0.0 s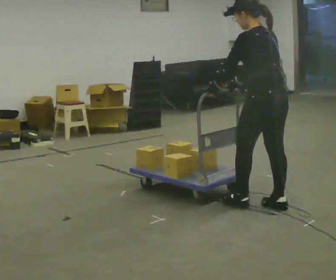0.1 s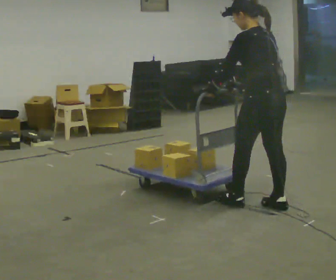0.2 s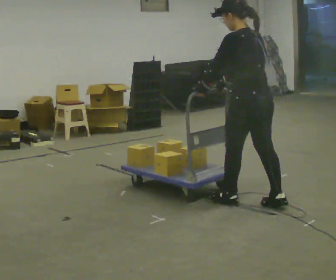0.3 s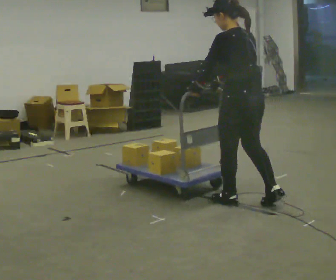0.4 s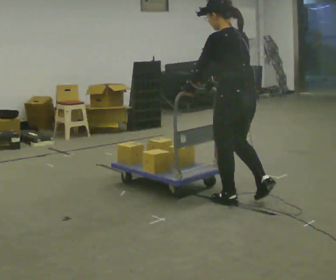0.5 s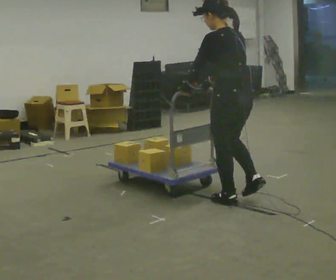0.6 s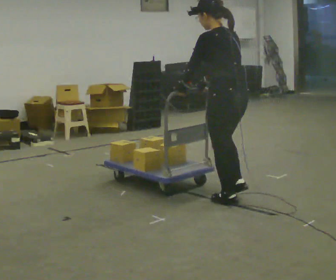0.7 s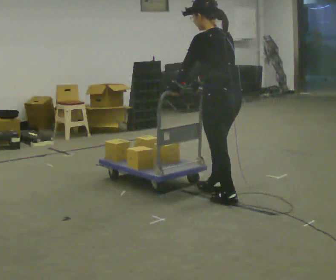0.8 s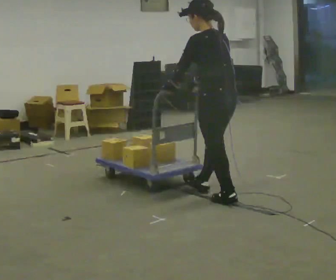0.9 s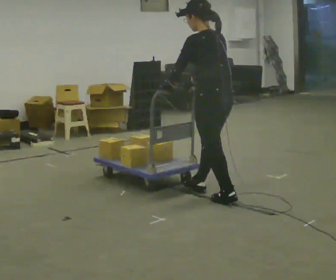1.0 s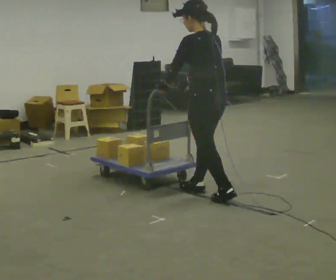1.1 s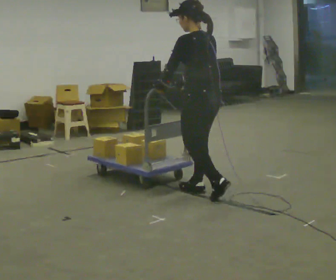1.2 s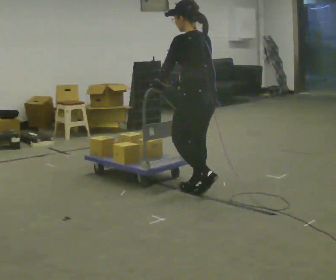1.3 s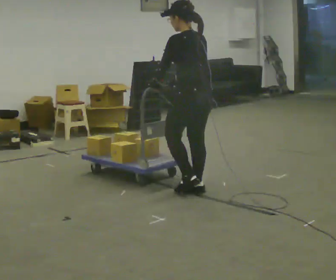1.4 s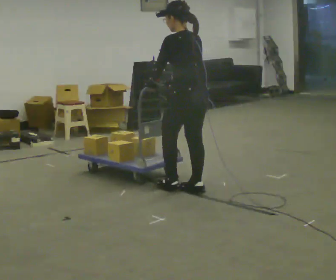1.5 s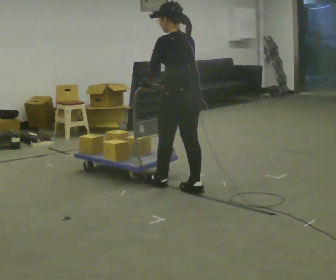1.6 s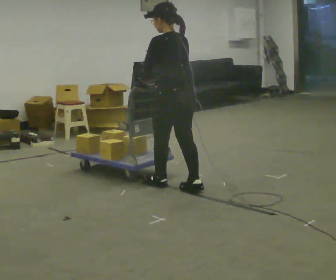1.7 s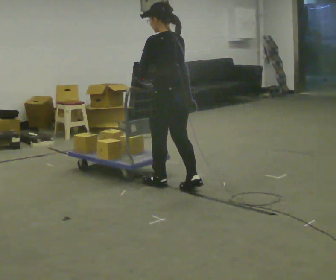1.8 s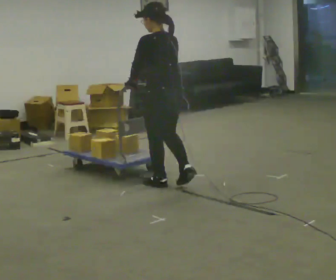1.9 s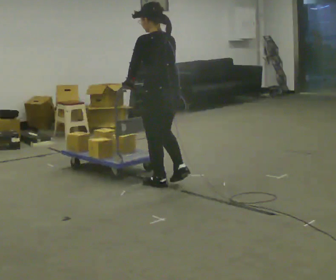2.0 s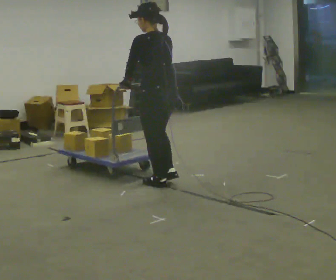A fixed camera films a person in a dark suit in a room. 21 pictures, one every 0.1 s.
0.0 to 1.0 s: In the picture they go to the left and away from the camera, about 0.5 m in 2 steps, which for them is forward.
1.0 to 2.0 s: In the picture they go to the left and away from the camera, about 0.5 m in 1 step, which for them is forward.
The film runs forward here.
